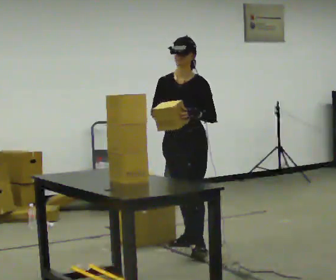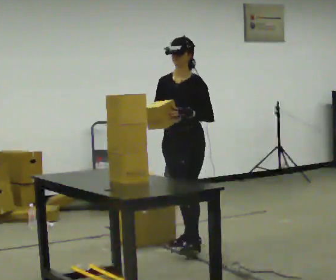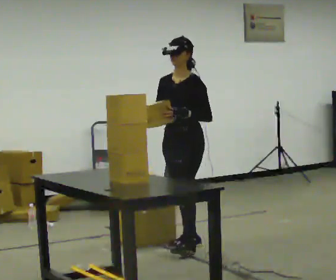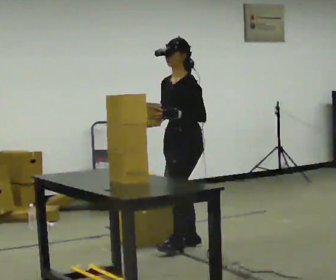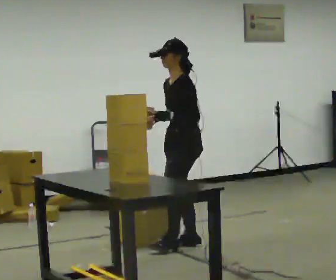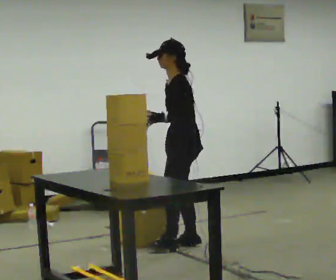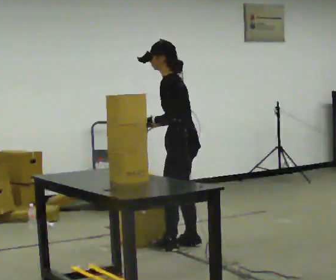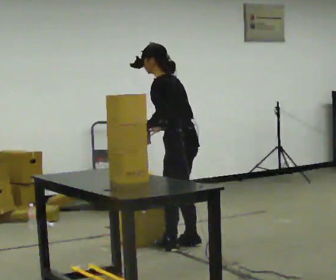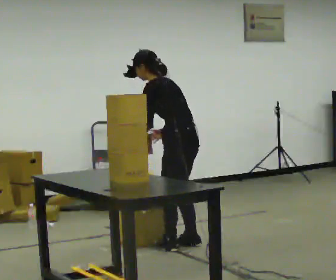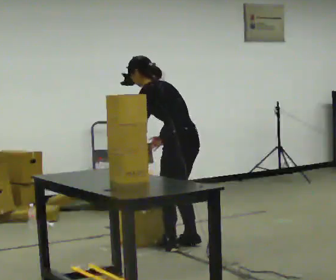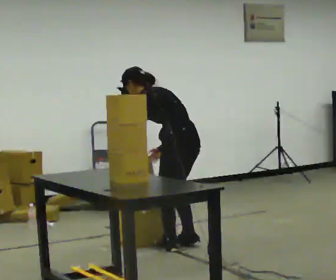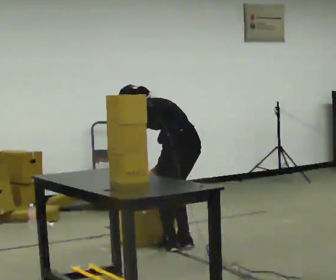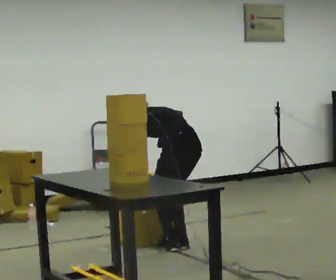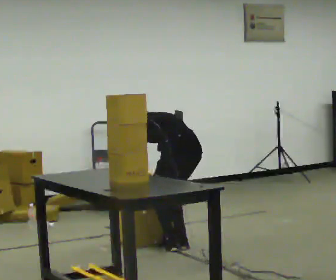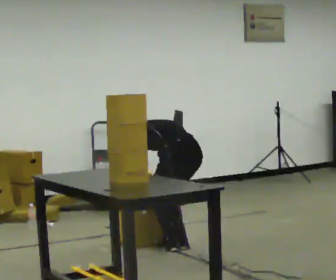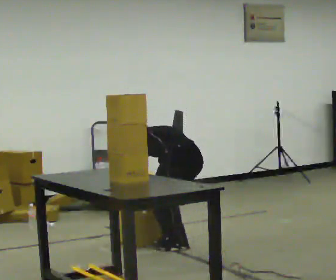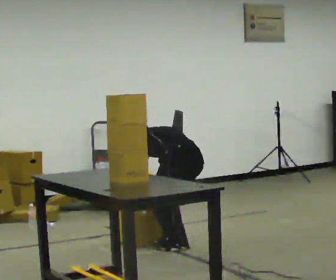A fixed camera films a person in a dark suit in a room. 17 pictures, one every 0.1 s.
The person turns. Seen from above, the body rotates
clockwise.
The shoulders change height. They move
downward.
0.0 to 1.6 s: The person turns about 105 degrees to their right, clockwise seen from above, so the part of the body nearest the lens slides to the left. The upper body goes downward. The upper body tips away from the camera, its near side rolling upward, as they bend forward. In the picture their left hand goes downward and to the left.
The film runs backward here.
